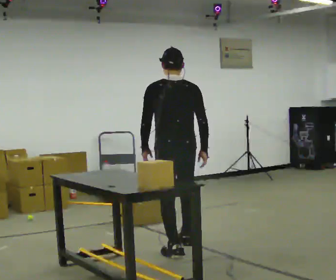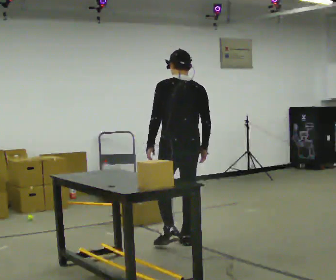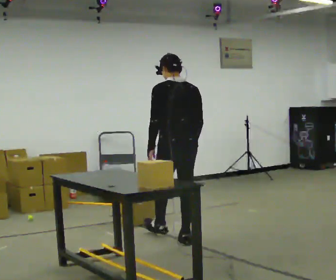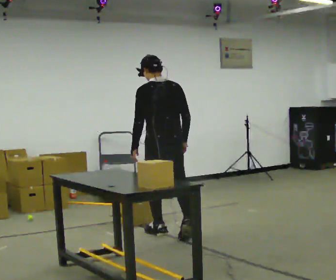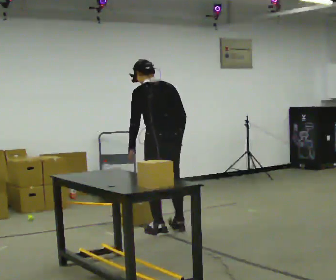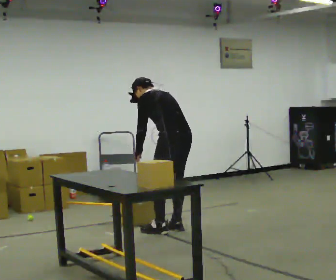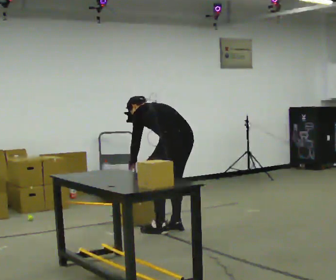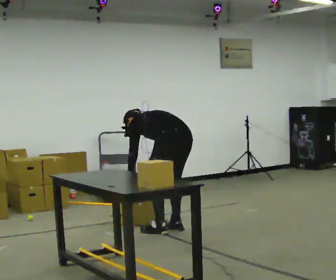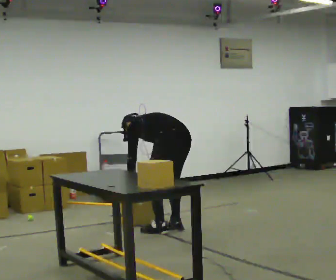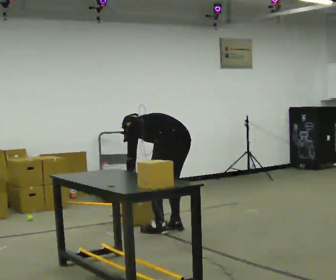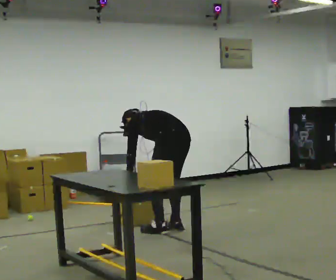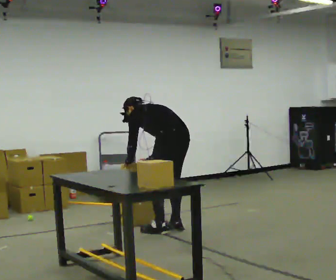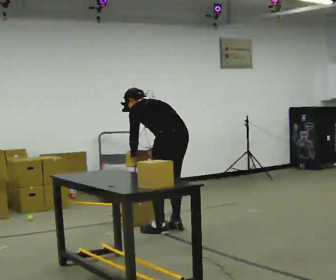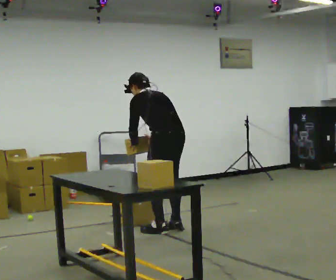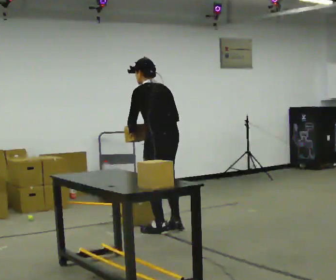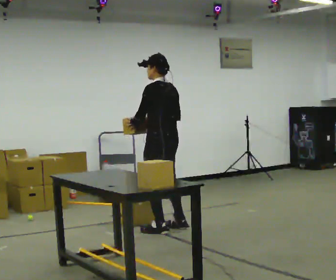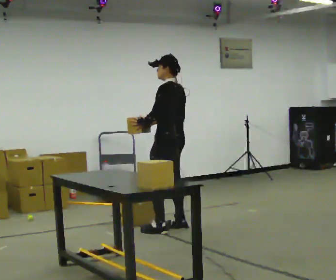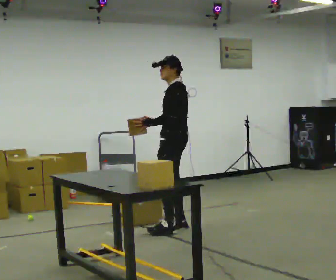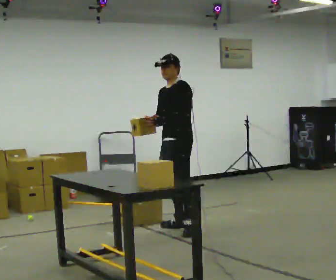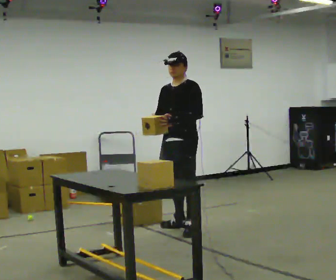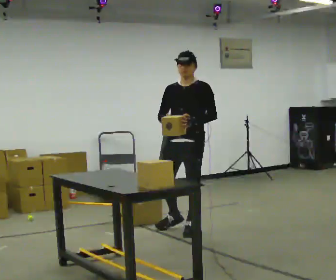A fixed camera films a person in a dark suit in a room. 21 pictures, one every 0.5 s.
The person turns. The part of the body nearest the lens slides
to the right.
The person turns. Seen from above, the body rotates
counterclockwise.
0.0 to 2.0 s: In the picture they go away from the camera, about 0.75 m in 1 step, which for them is forward.
2.0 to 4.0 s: The upper body goes downward. The upper body tips away from the camera, its near side rolling upward, as they bend forward. In the picture their right hand goes downward and to the left.
4.0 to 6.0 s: The upper body goes upward. The upper body tips toward the camera, its near side rolling downward, as they lean back or straighten.
6.0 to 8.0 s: In the picture they go away from the camera, about 0.25 m, which for them is forward and to their right. In the picture the upper body tilts clockwise, shoulders to the right, as they lean back or straighten.
8.0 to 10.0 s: The person turns about 90 degrees to their left, counterclockwise seen from above, so the part of the body nearest the lens slides to the right. In the picture they go toward the camera and to the right, about 0.25 m in 1 step. In the picture their left hand goes to the right.
The film runs forward here.
